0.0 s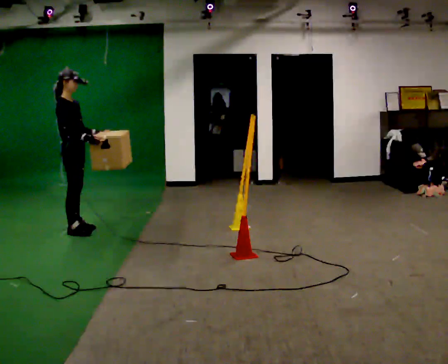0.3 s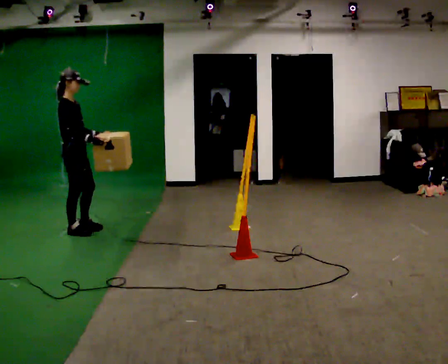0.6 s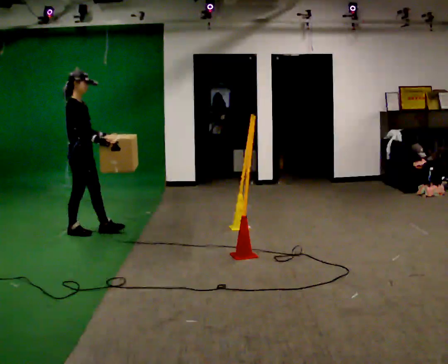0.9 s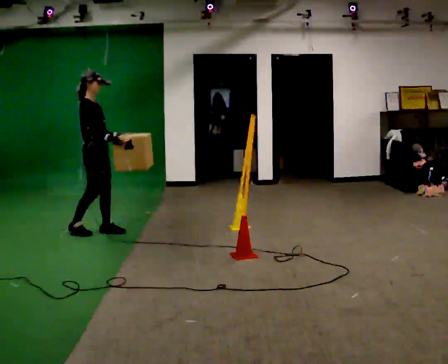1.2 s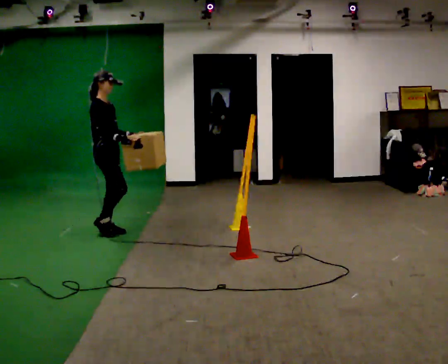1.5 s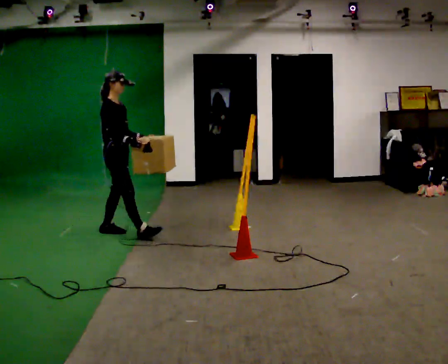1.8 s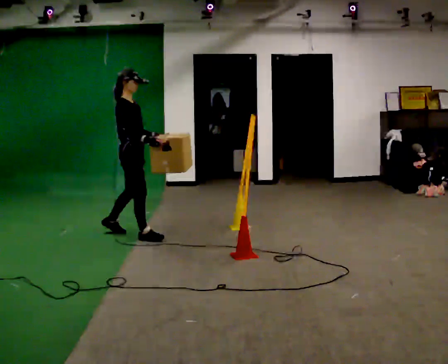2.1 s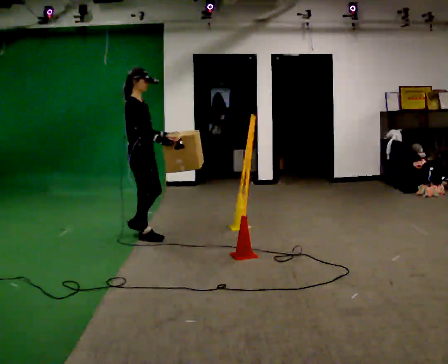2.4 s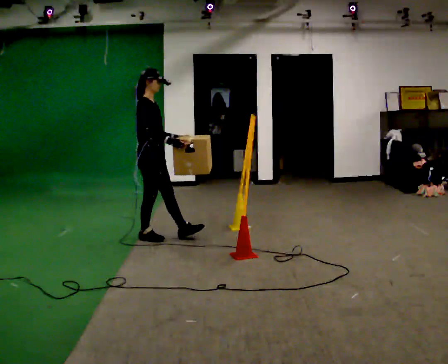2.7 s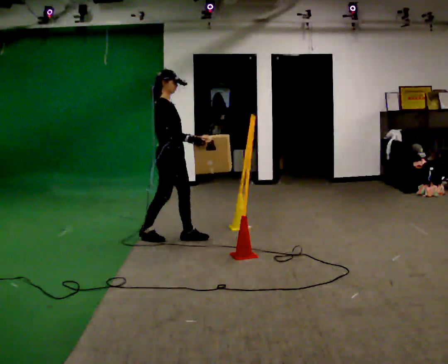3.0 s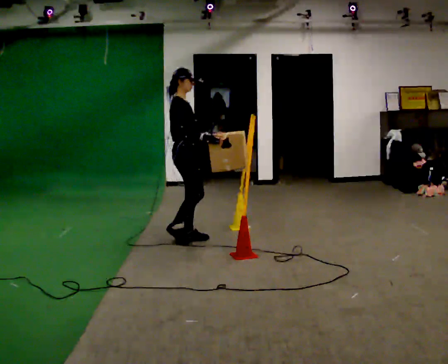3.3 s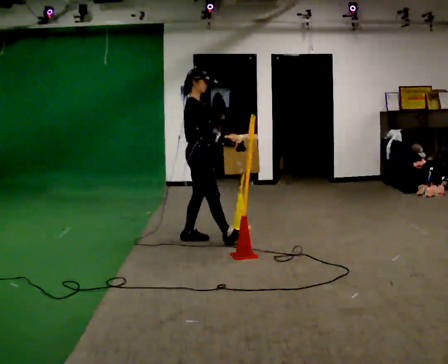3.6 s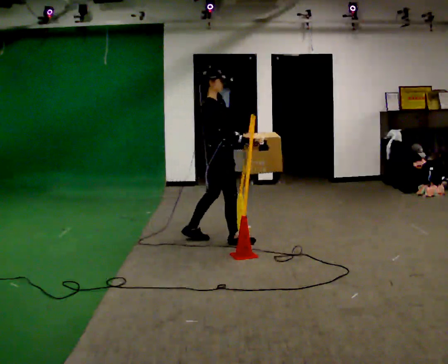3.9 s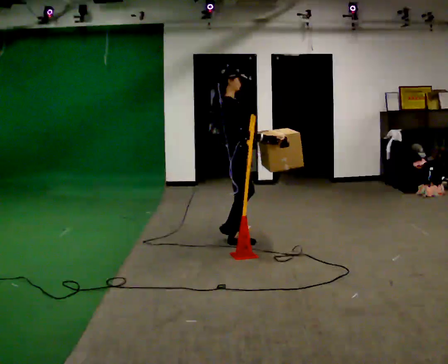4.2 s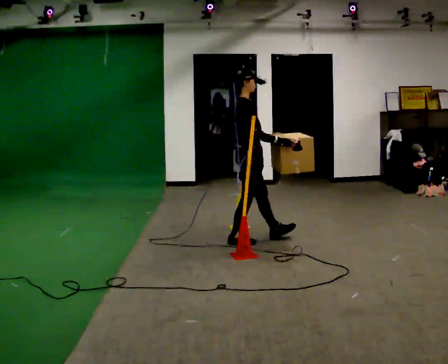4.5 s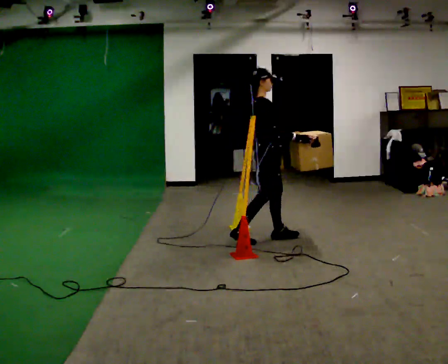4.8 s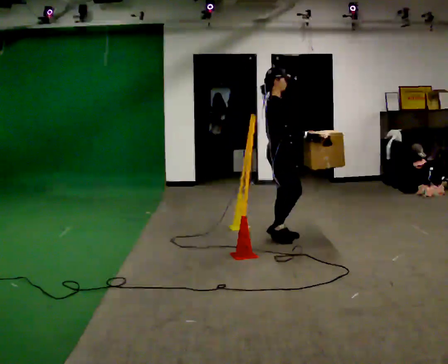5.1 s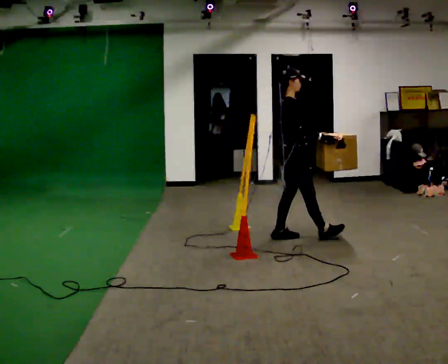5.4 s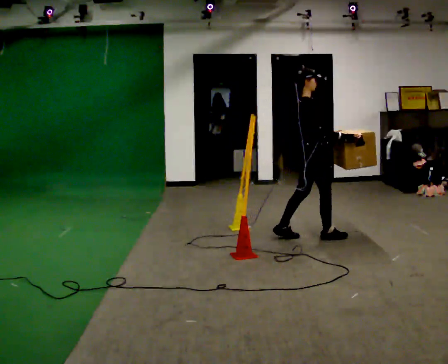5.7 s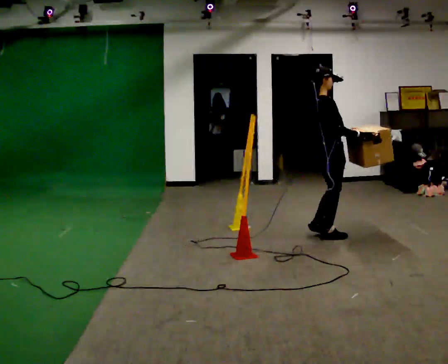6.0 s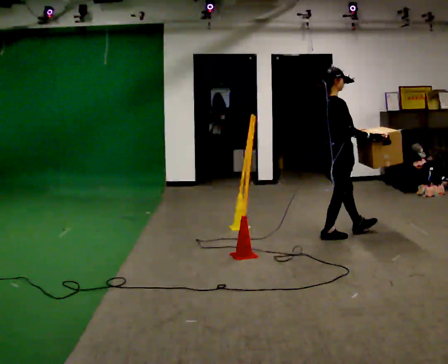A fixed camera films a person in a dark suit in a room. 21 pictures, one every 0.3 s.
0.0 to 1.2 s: In the picture they go to the right, about 0.25 m in 1 step, which for them is forward.
1.2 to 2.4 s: In the picture they go to the right and toward the camera, about 0.5 m in 1 step, which for them is forward.
2.4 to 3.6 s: In the picture they go to the right, about 0.75 m in 2 steps, which for them is forward.
3.6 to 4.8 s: In the picture they go to the right, about 0.5 m in 1 step, which for them is forward.
4.8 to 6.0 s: In the picture they go to the right, about 0.5 m in 1 step, which for them is forward.
The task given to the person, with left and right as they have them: Carry the box through the gap between the panels without touching either side, then set it down and bring it back. Keep going until the operator says stop; one object at a time, and do not rush between trips.
The film runs forward here.
